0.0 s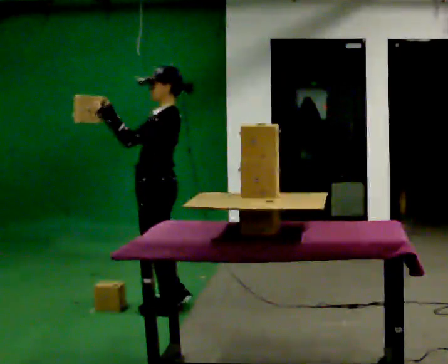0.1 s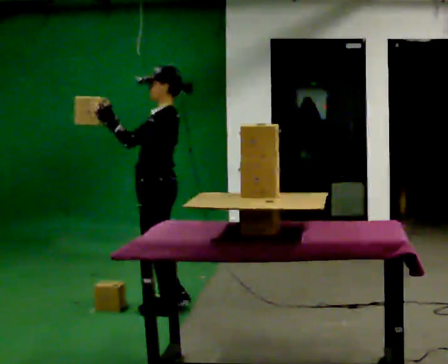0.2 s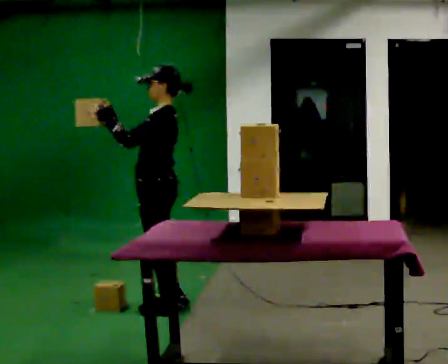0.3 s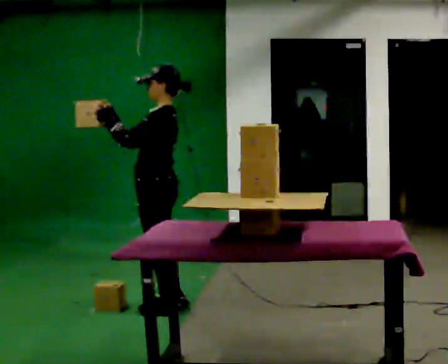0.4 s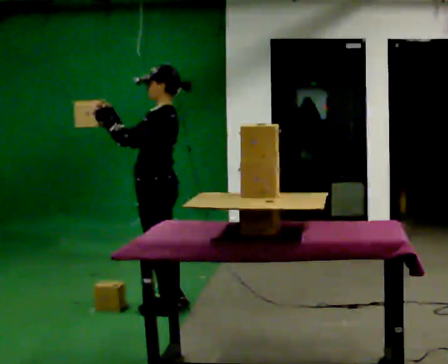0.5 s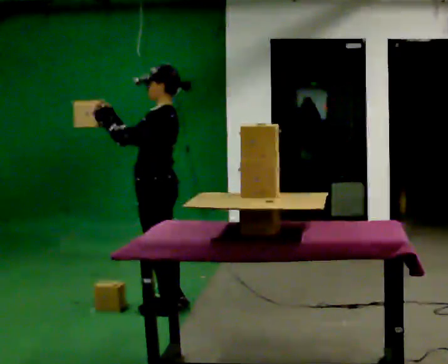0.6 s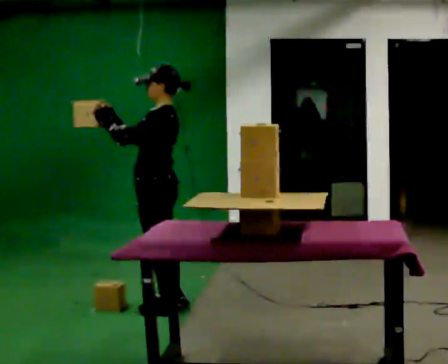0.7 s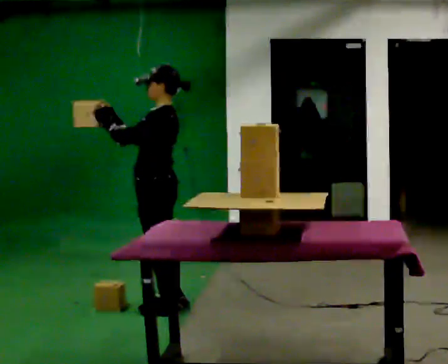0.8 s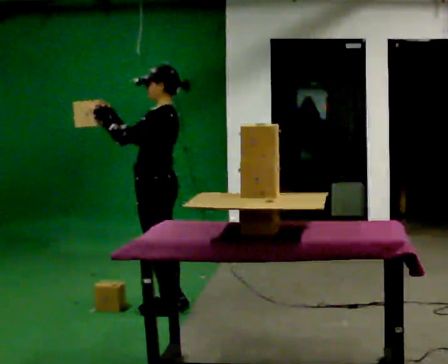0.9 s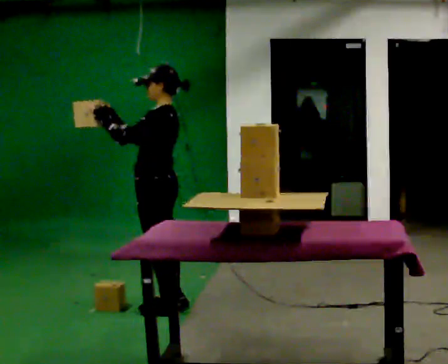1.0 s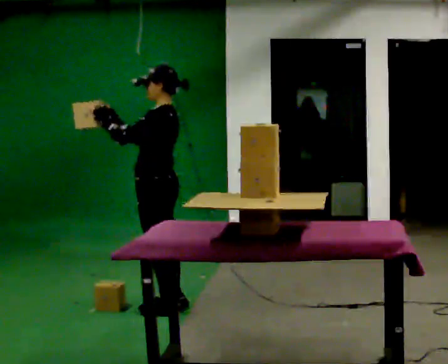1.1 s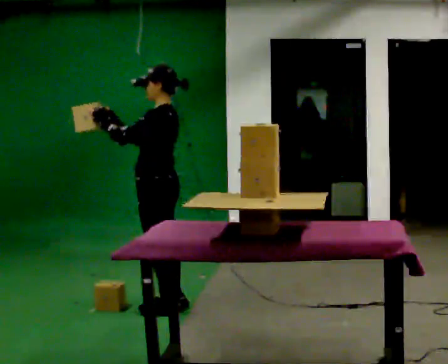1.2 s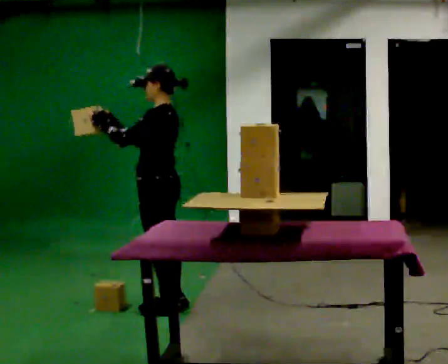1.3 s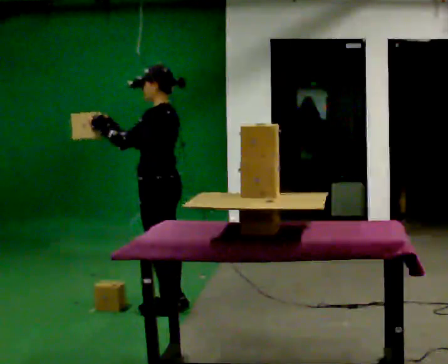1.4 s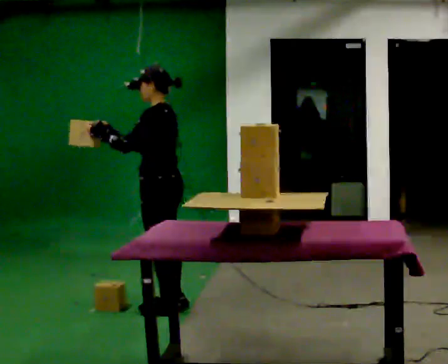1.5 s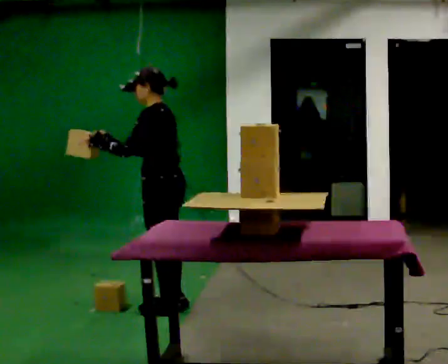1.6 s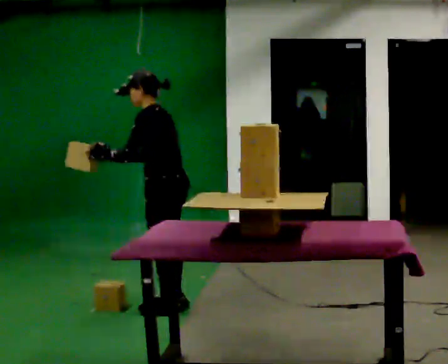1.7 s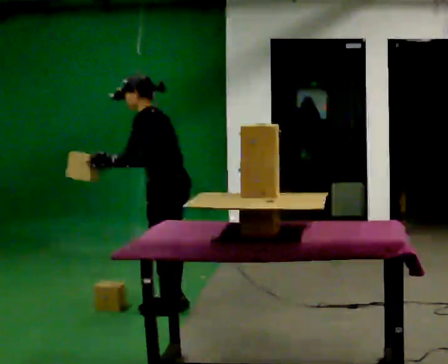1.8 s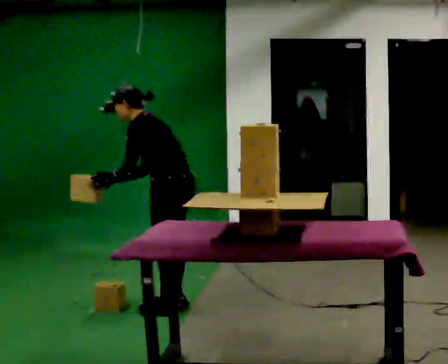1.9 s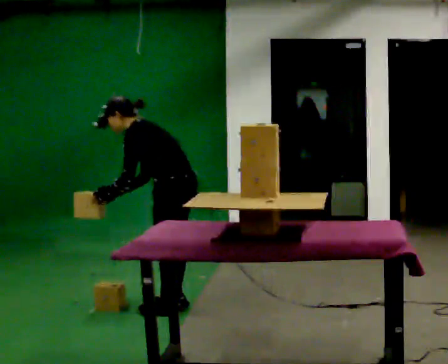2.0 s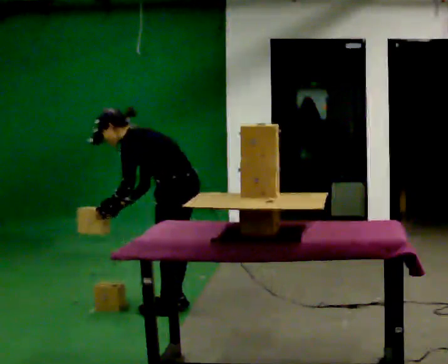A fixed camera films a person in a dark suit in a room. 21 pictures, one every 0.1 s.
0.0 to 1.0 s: The person moves a little, or ends about where they began.
1.0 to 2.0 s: In the picture the upper body tilts counterclockwise, shoulders to the left, as they bend forward. In the picture their right hand goes downward, the arm swinging counterclockwise.
The film runs backward here.
